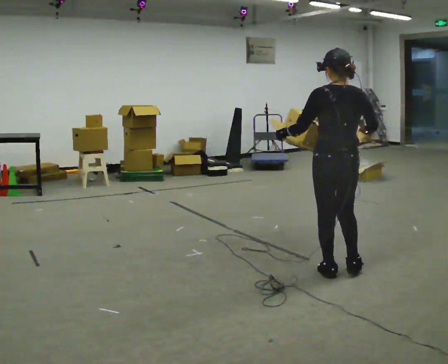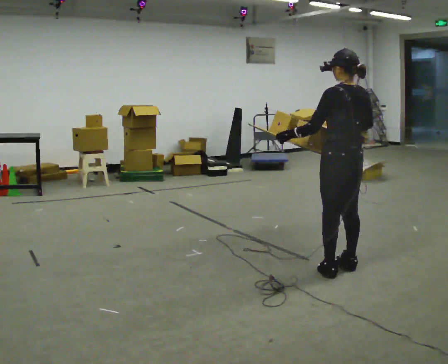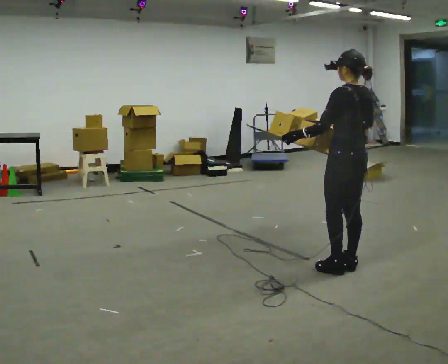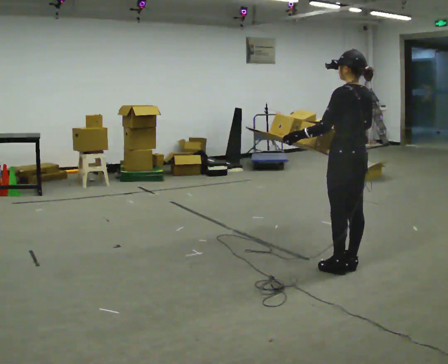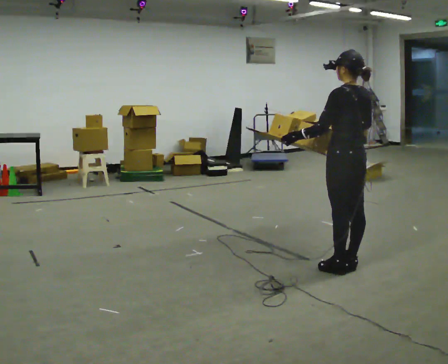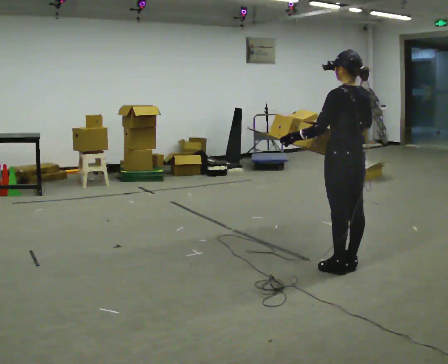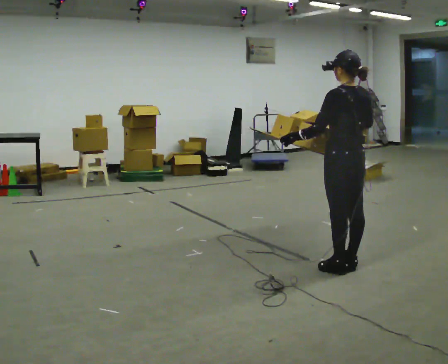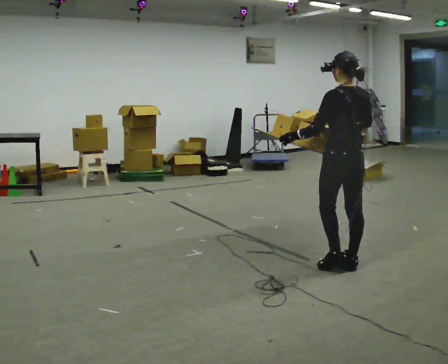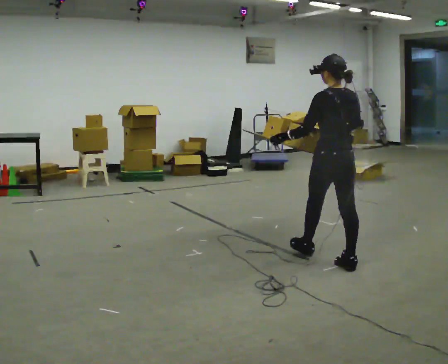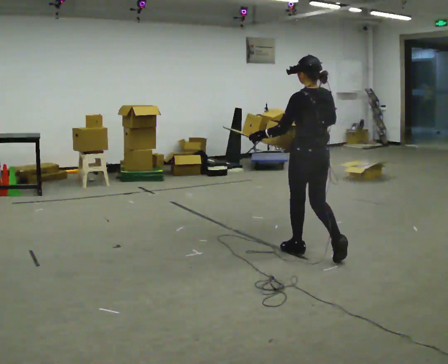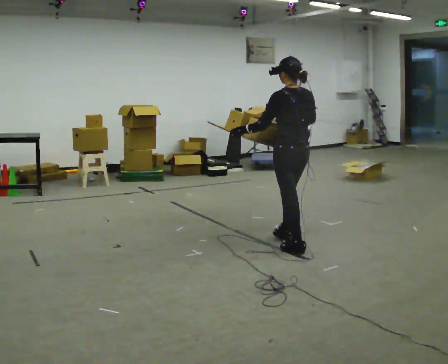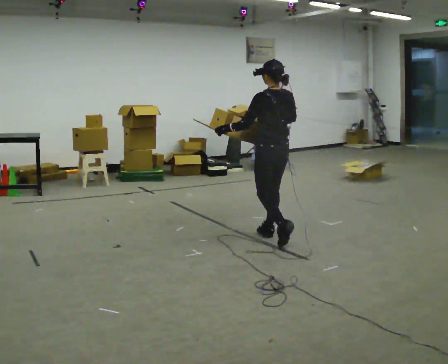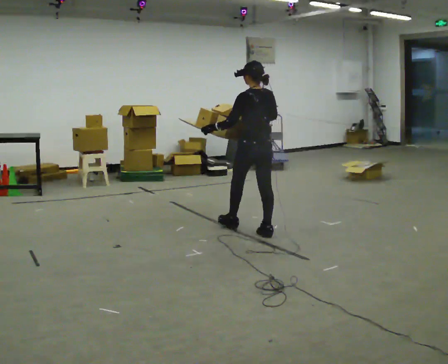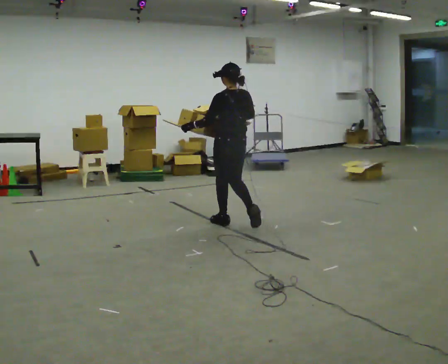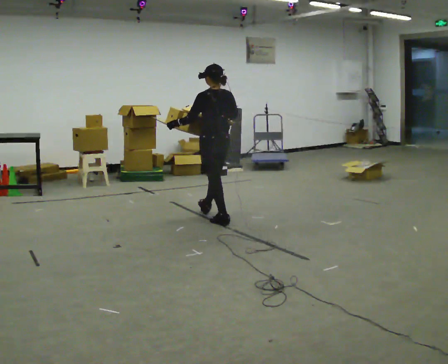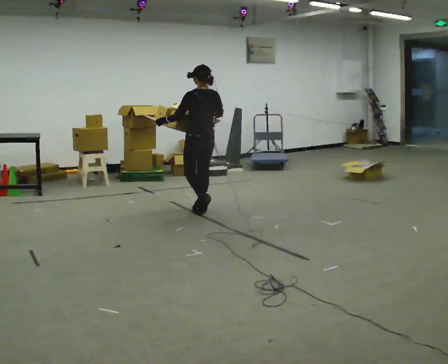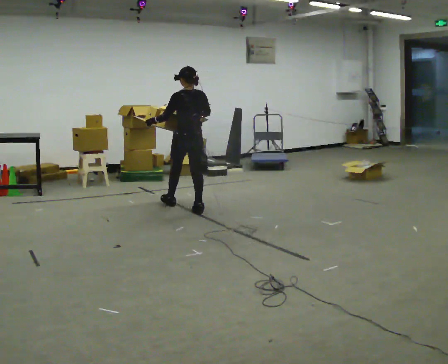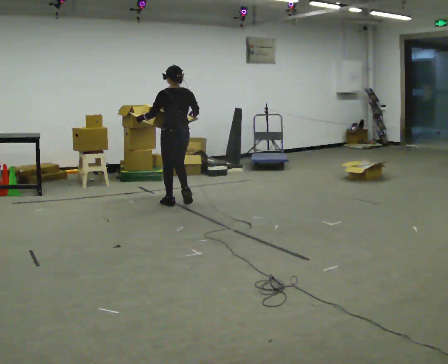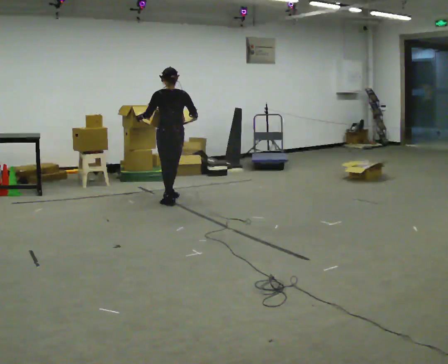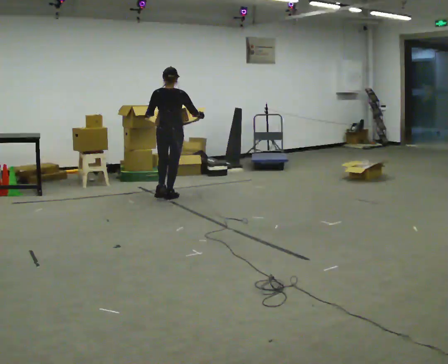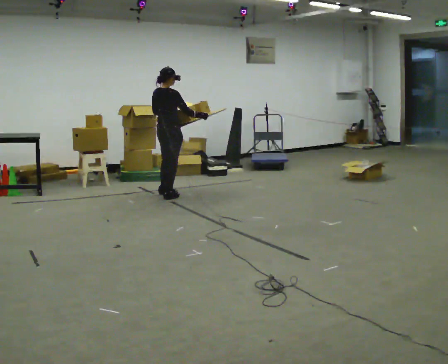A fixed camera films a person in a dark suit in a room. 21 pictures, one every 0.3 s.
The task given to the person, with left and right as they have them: Carry the loaded tray flat and level in both hands, walking back and forth across the room. Try not to let anything slide off.
0.0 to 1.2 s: The person turns about 30 degrees to their left, counterclockwise seen from above, so the part of the body nearest the lens slides to the right.
1.2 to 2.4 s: In the picture they go away from the camera, about 0.25 m, which for them is forward.
2.4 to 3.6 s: In the picture they go away from the camera and to the left, about 1 m in 2 steps, which for them is forward.
3.6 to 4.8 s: In the picture they go away from the camera and to the left, about 1 m in 2 steps, which for them is forward.
4.8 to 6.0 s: The person turns about 75 degrees to their right, clockwise seen from above, so the part of the body nearest the lens slides to the left. In the picture they go away from the camera and to the left, about 0.75 m in 3 steps.
The film runs forward here.
